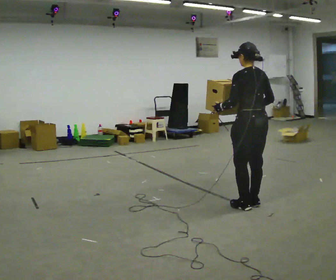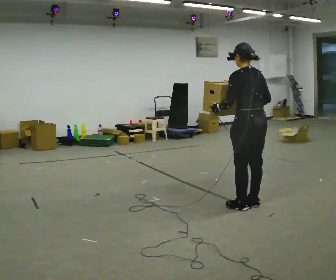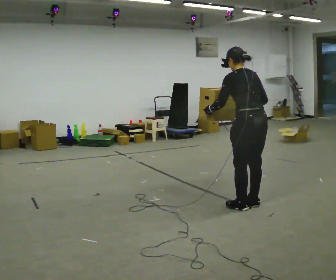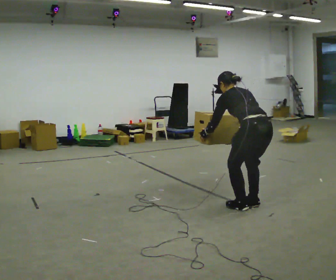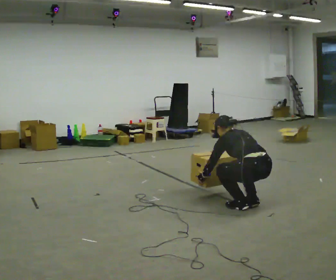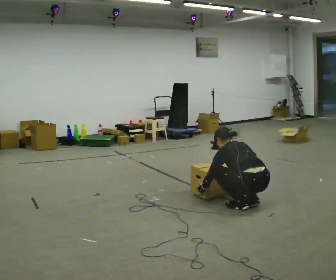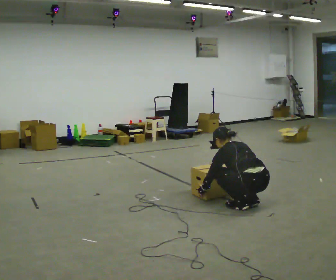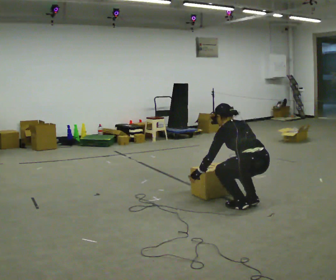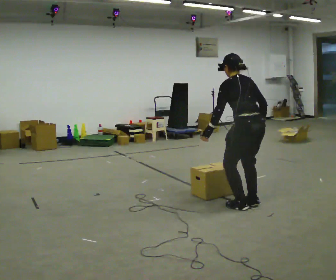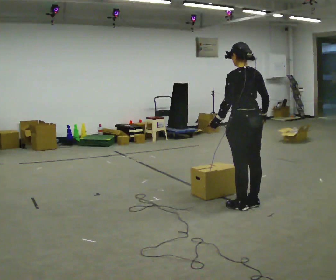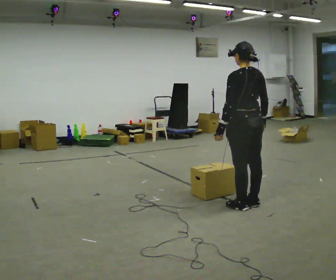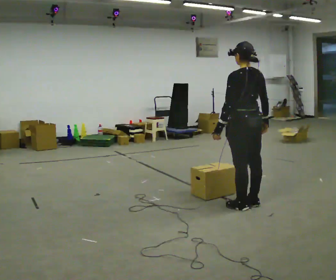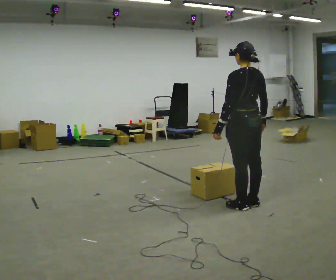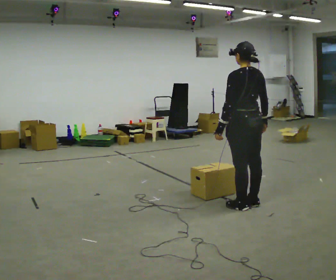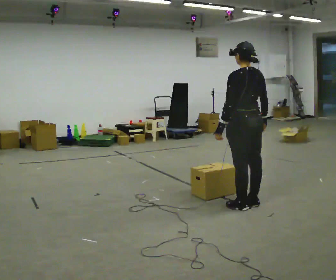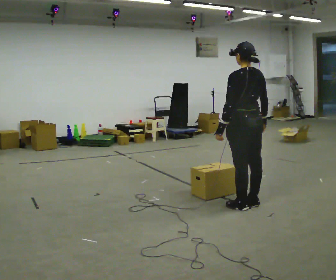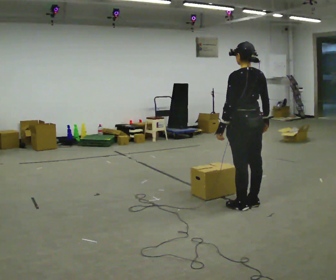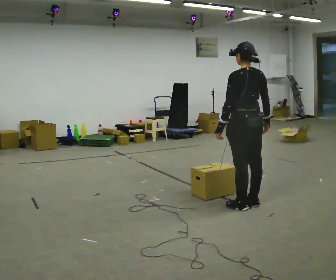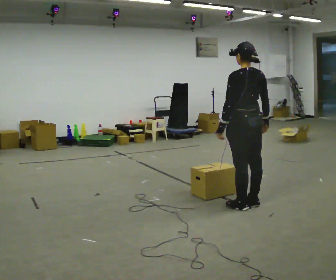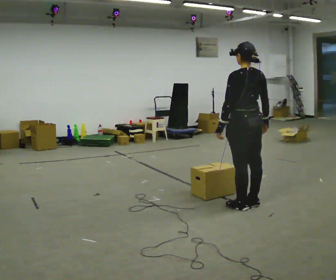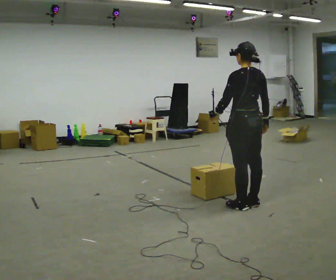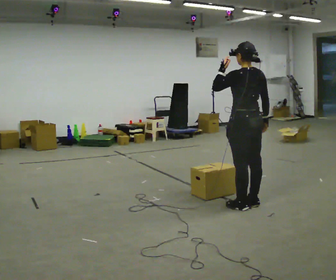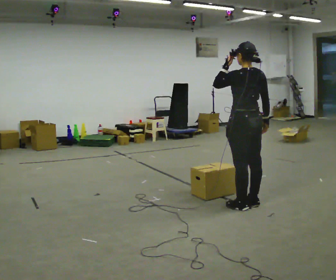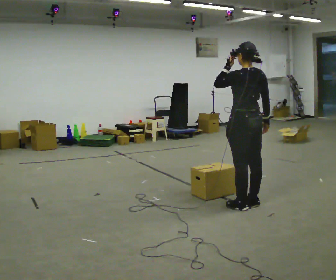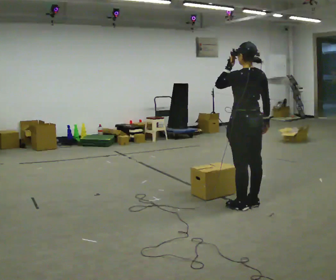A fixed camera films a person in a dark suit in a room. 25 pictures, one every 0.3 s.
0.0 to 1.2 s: The upper body goes downward. The upper body tips away from the camera, its near side rolling upward, as they bend forward. In the picture their right hand goes downward.
1.2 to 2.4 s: The shoulders move upward. The upper body tips toward the camera, its near side rolling downward, as they lean back or straighten. In the picture their left hand goes upward.
2.4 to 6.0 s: The person moves a little, or ends about where they began.
6.0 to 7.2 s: In the picture their left hand goes upward.
The film runs forward here.
